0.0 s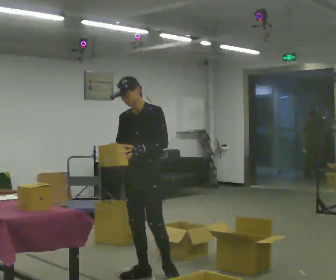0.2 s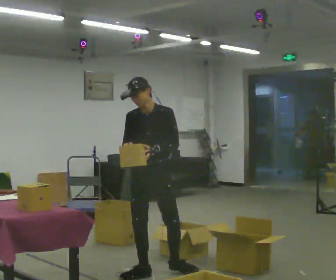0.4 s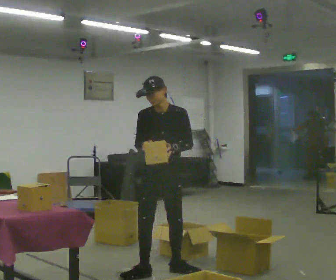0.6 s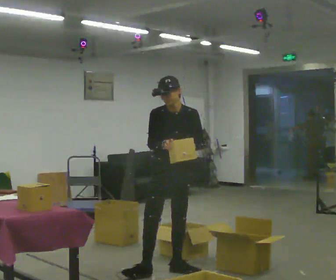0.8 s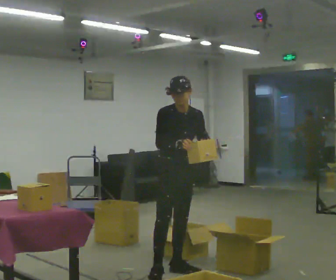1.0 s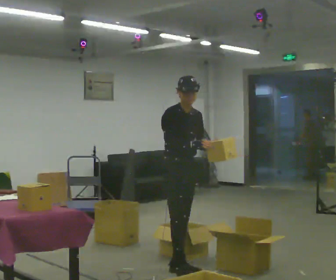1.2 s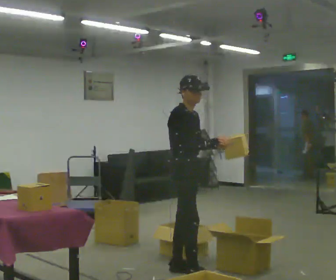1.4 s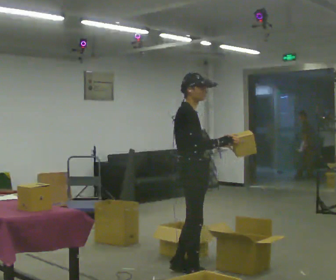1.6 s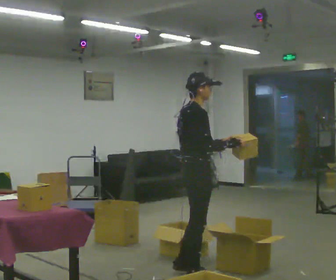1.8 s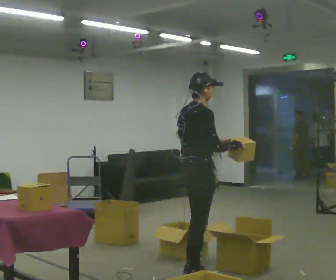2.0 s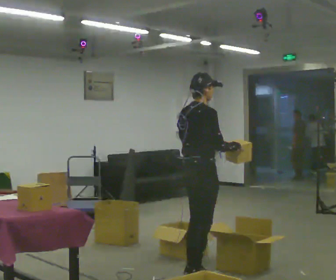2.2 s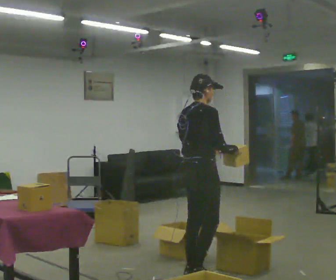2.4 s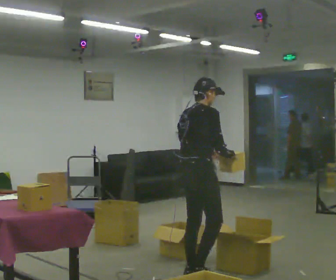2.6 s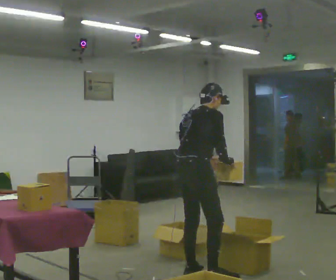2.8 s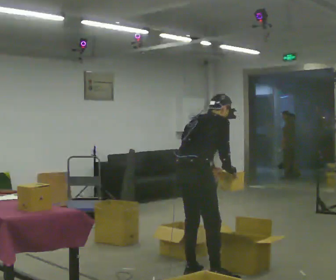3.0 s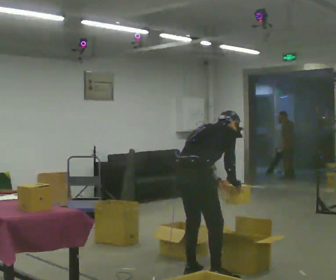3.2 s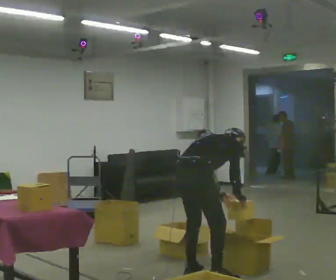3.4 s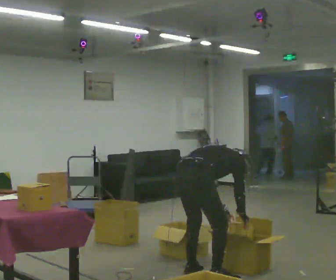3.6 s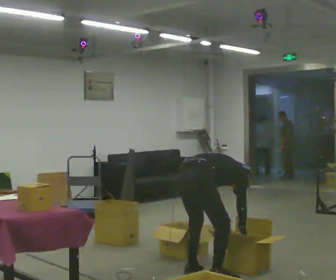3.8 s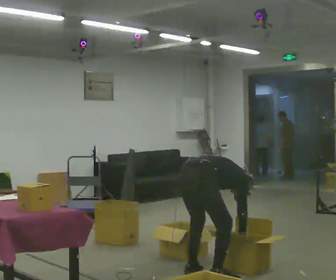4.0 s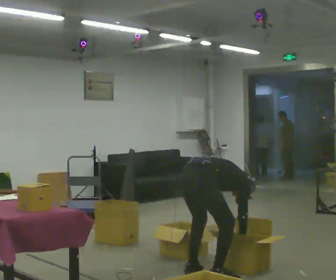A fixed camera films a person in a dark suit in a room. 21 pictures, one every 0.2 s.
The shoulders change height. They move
downward.
The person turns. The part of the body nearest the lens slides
to the right.
0.0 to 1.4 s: The part of the body nearest the lens slides to the right as the person turns to their left by about 105 degrees. In the picture they go to the right, about 0.25 m in 1 step.
1.4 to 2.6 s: The part of the body nearest the lens slides to the right as the person turns to their left by about 45 degrees. In the picture the upper body tilts clockwise, shoulders to the right, as they bend forward.
2.6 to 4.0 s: The upper body goes downward. In the picture the upper body tilts clockwise, shoulders to the right, as they bend forward. In the picture their right hand goes downward.
The film runs backward here.
